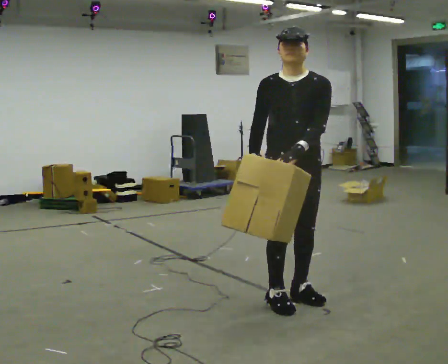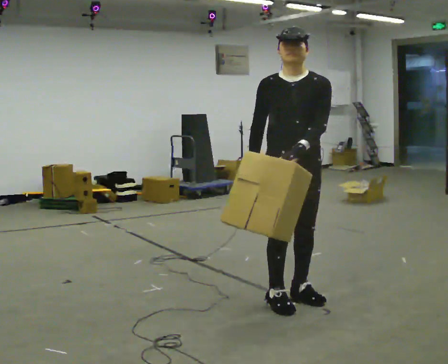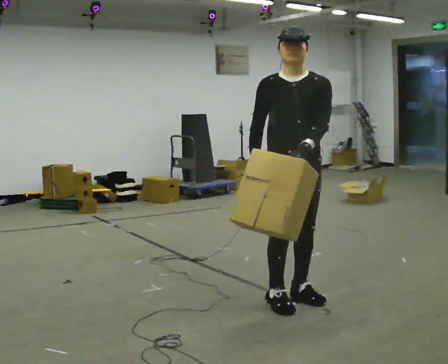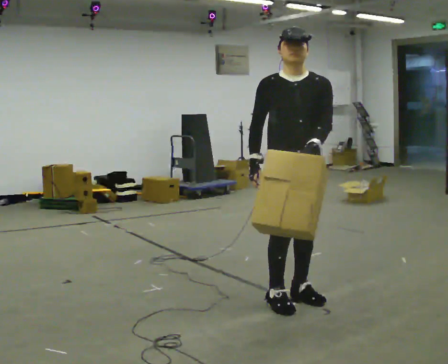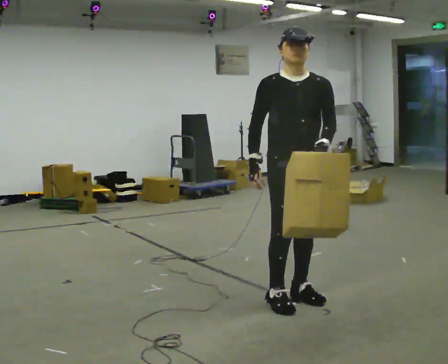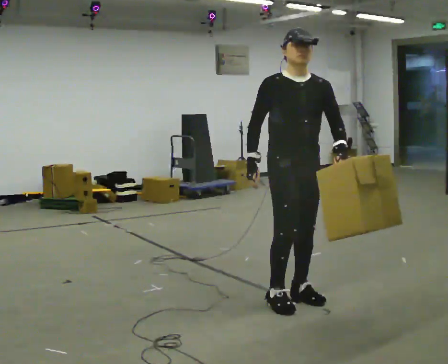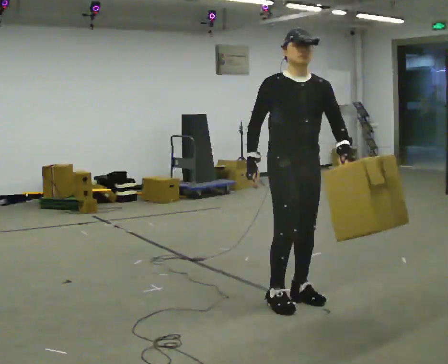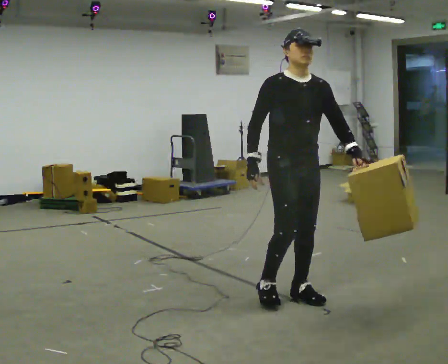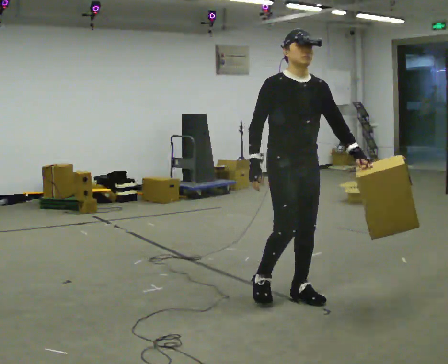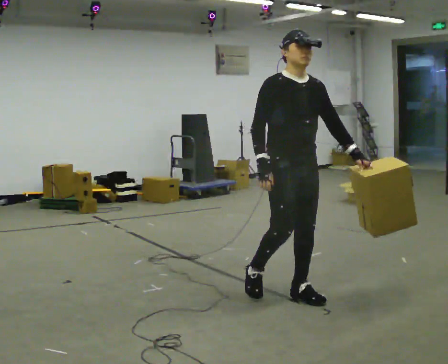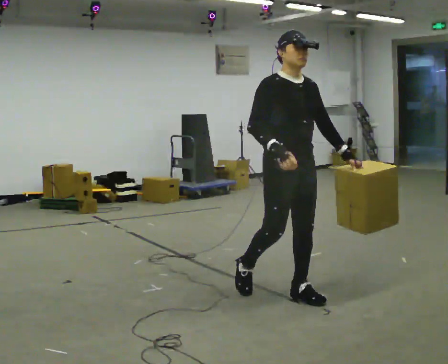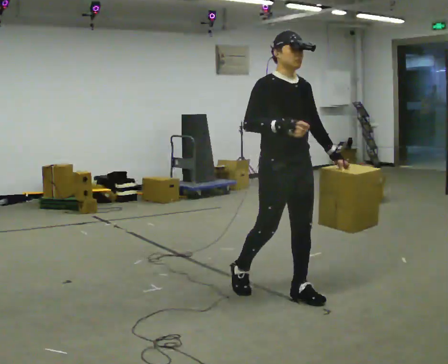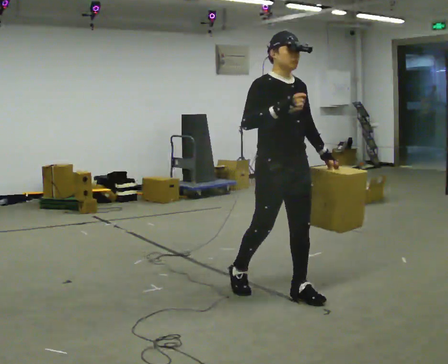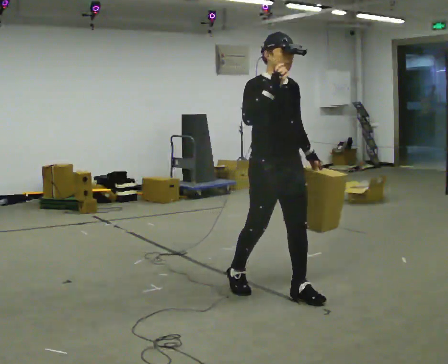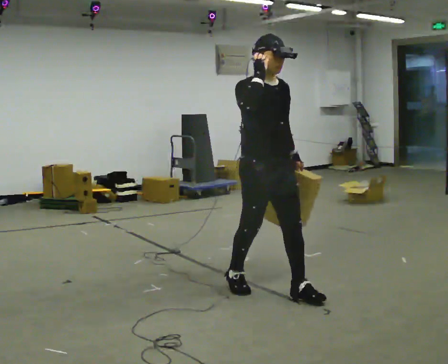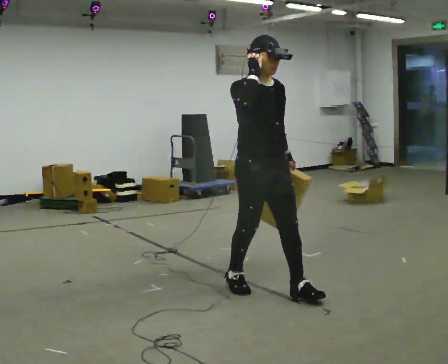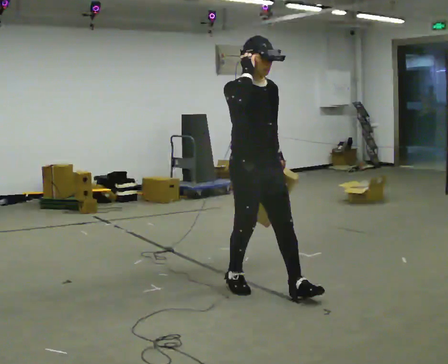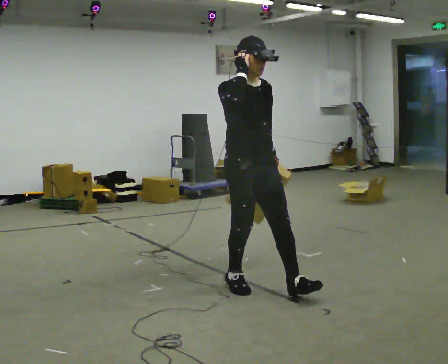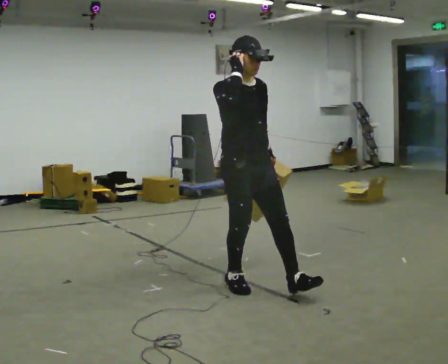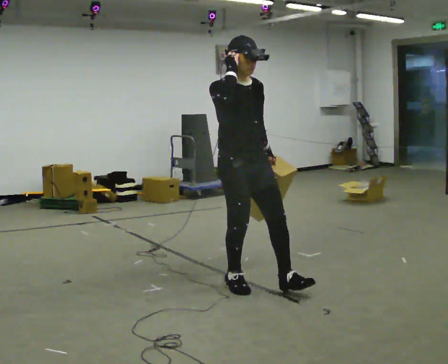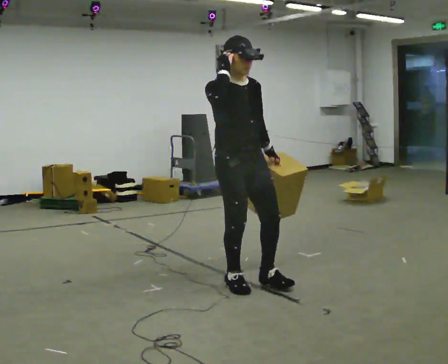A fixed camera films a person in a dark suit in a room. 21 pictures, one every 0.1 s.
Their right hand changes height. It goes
upward.
0.0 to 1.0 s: The person moves a little, or ends about where they began.
1.0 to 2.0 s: In the picture they go to the left, about 0.25 m in 1 step, which for them is backward and to their right. In the picture their right hand goes upward.
The film runs backward here.
